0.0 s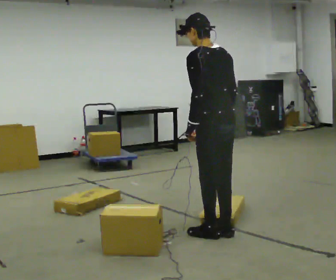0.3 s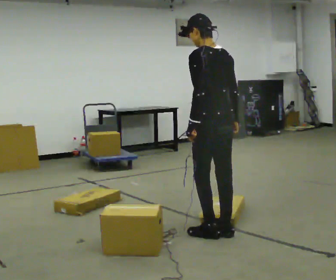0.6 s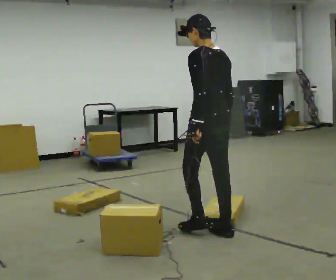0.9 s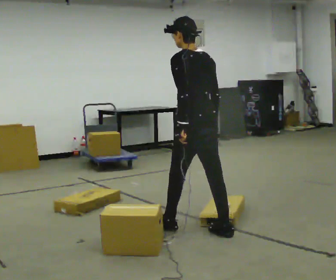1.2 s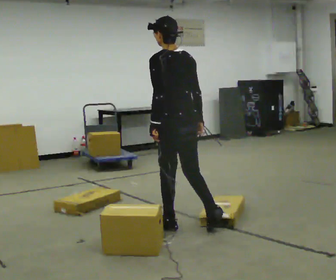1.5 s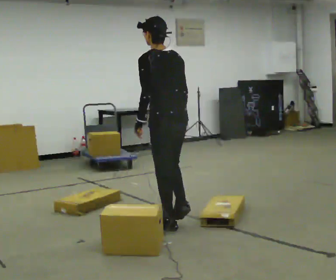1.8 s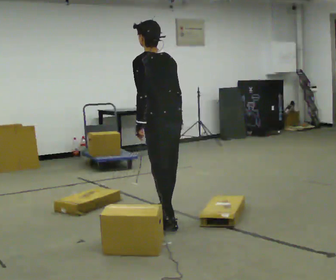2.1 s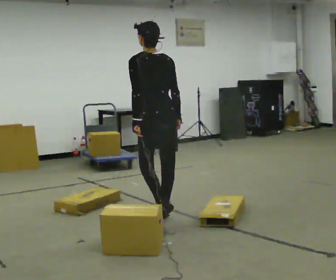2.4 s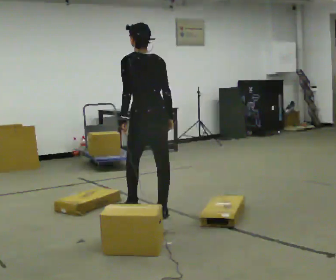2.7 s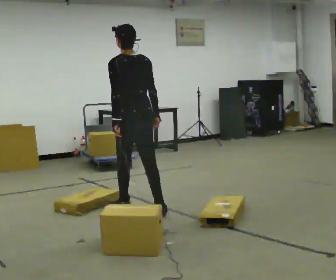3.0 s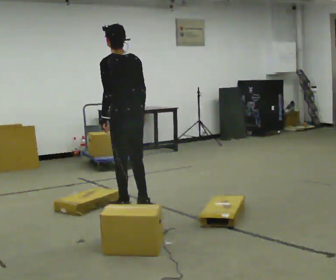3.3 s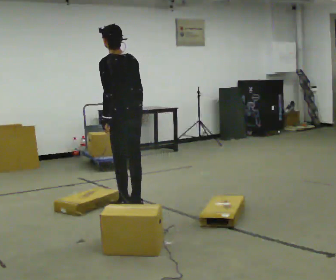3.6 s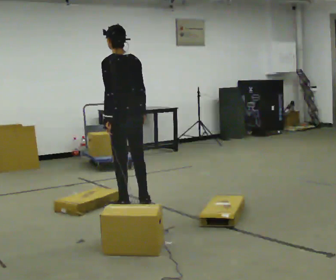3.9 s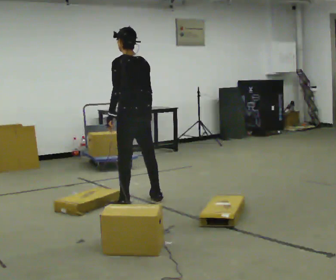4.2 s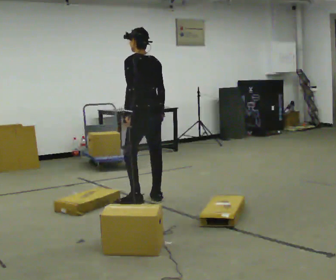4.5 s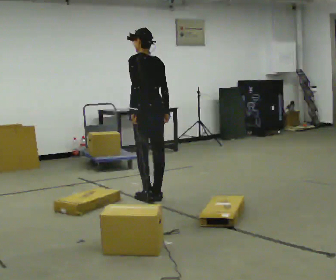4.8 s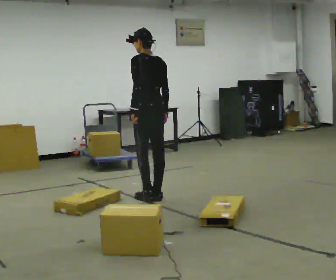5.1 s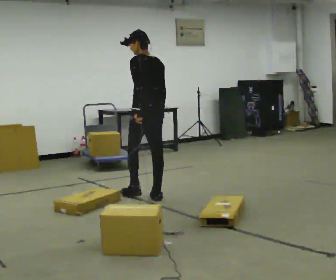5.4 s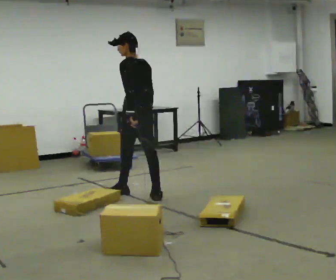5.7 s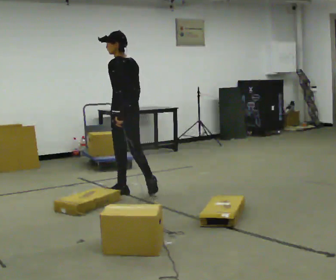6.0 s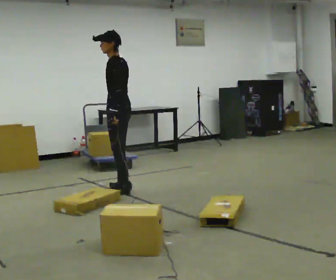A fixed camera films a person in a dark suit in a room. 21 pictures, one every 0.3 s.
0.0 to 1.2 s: In the picture they go to the left and away from the camera, about 0.25 m in 1 step, which for them is forward.
1.2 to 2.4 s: In the picture they go away from the camera and to the left, about 0.5 m in 1 step, which for them is forward.
2.4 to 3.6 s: In the picture they go away from the camera and to the left, about 0.25 m in 2 steps, which for them is forward.
3.6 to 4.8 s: In the picture they go away from the camera and to the right, about 0.5 m in 2 steps, which for them is to their right and forward.
4.8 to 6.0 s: The person turns about 45 degrees to their left, counterclockwise seen from above, so the part of the body nearest the lens slides to the right. In the picture they go to the left and away from the camera, about 0.5 m in 1 step, which for them is forward.
The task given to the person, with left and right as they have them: Walk across the room at a normal pace, looking ahead. Something may appear in your way. Deal with it however comes naturally and carry on.
The film runs forward here.
